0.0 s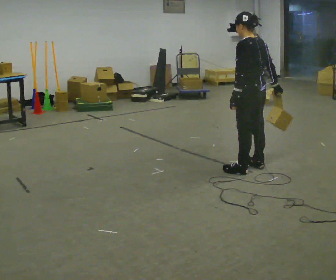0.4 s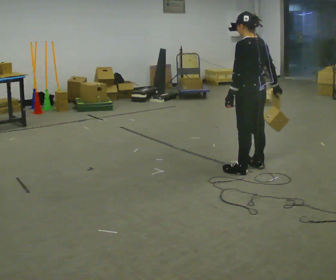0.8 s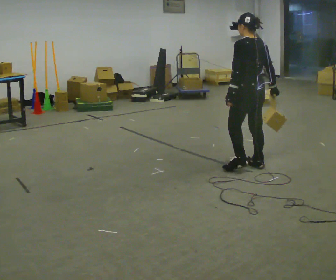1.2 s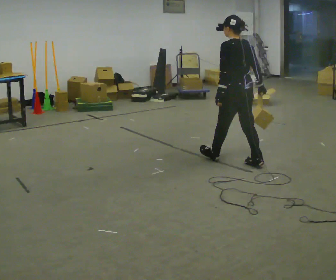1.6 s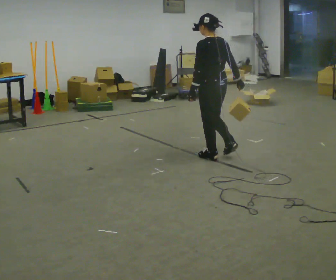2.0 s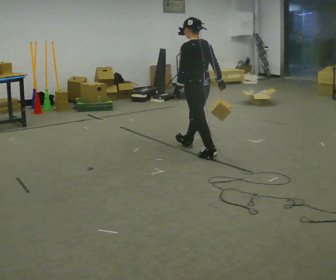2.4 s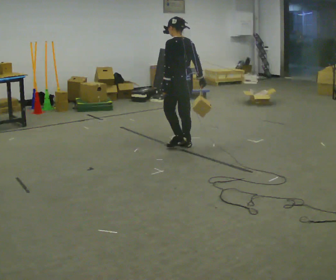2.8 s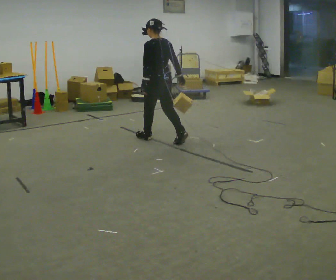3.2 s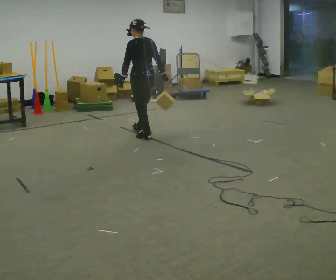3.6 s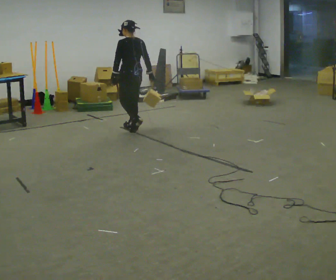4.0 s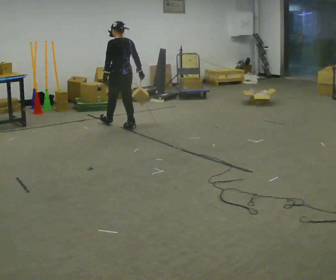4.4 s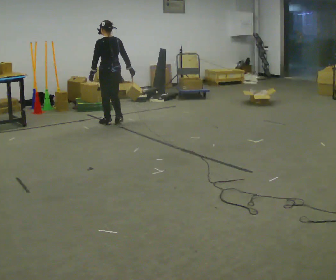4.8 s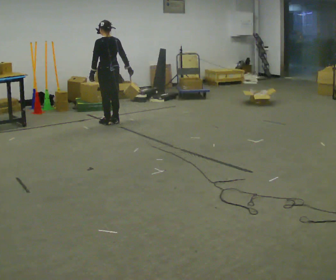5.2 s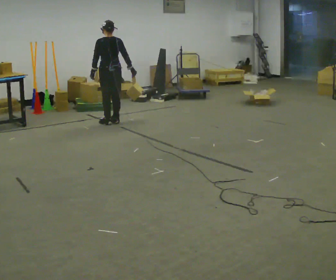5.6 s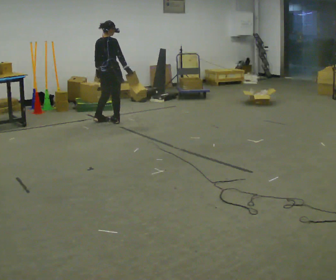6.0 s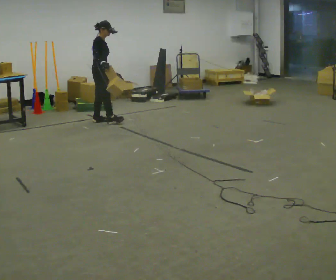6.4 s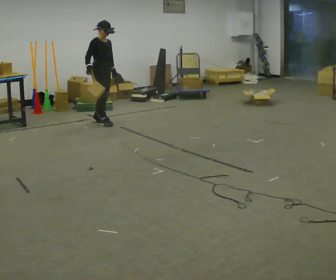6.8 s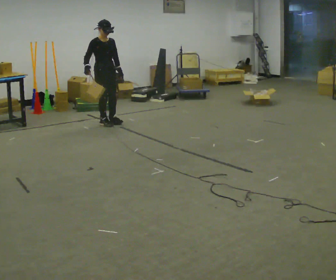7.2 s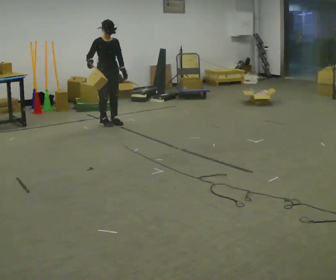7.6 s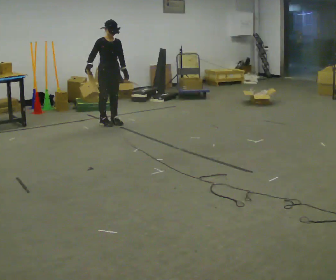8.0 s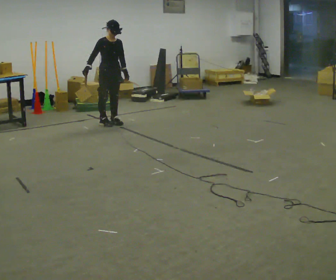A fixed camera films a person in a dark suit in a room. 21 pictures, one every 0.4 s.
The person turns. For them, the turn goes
to their right.
The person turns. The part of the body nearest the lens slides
to the left.
0.0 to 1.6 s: In the picture they go away from the camera and to the left, about 0.5 m in 1 step, which for them is forward.
1.6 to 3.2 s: In the picture they go away from the camera and to the left, about 1 m in 2 steps, which for them is forward.
3.2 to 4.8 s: In the picture they go away from the camera and to the left, about 1 m in 3 steps, which for them is forward.
4.8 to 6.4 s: The person turns about 150 degrees to their right, clockwise seen from above, so the part of the body nearest the lens slides to the left. In the picture their right hand goes to the left.
6.4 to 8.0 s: The person moves a little, or ends about where they began.
The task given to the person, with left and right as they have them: Hold the object against your hip on the side the operator calls, and carry it back and forth across the room.
The film runs forward here.
